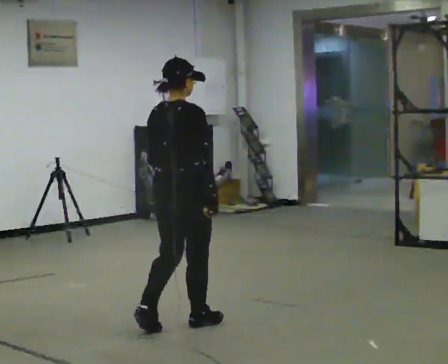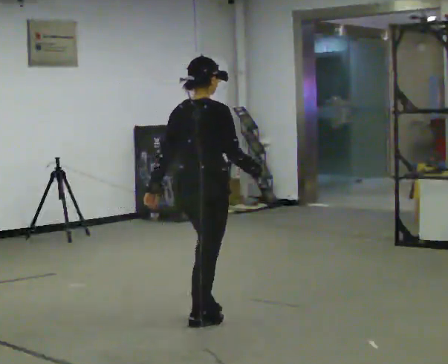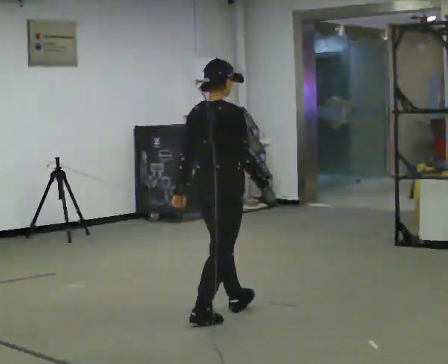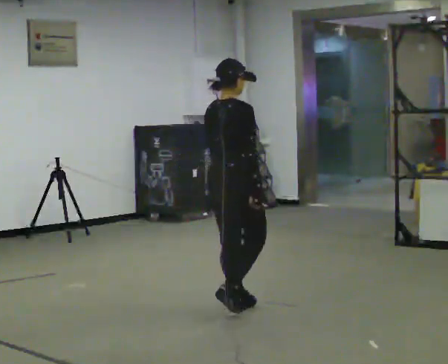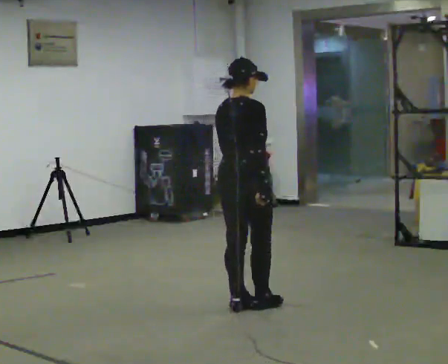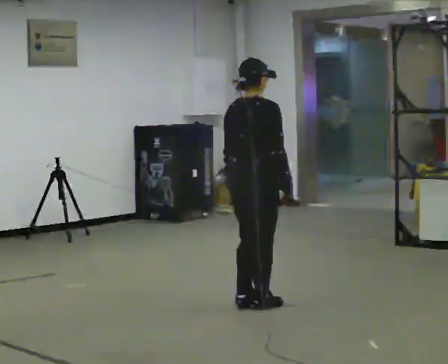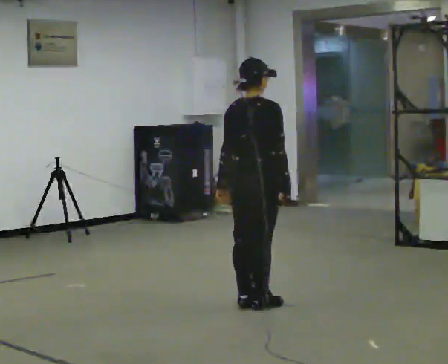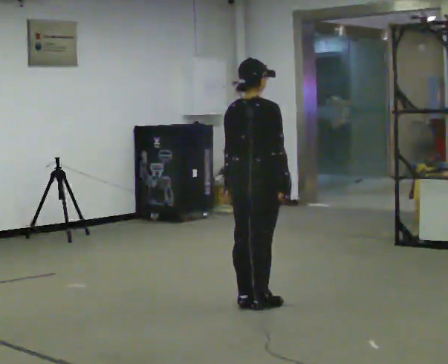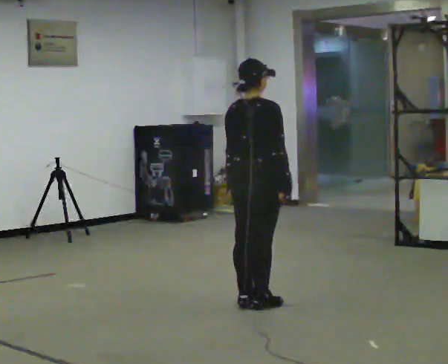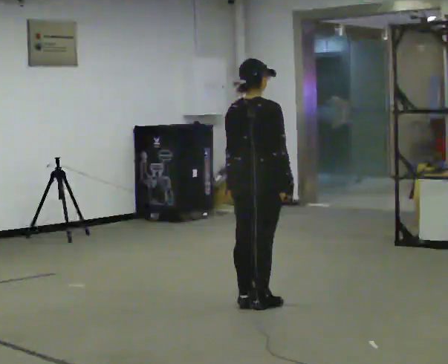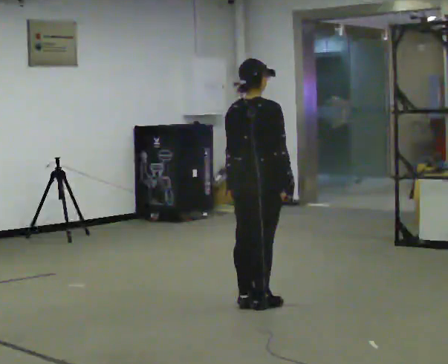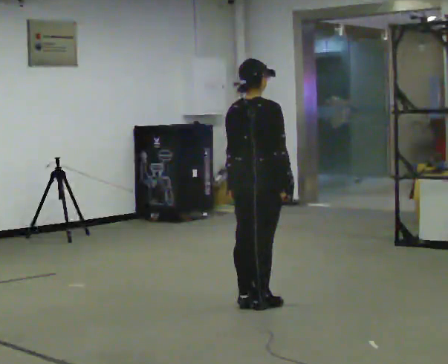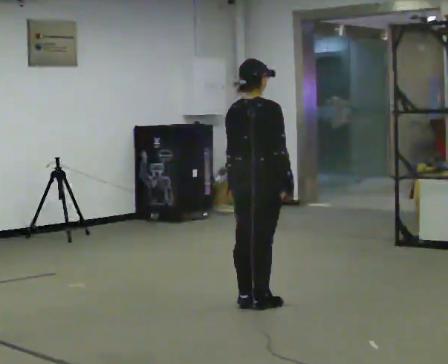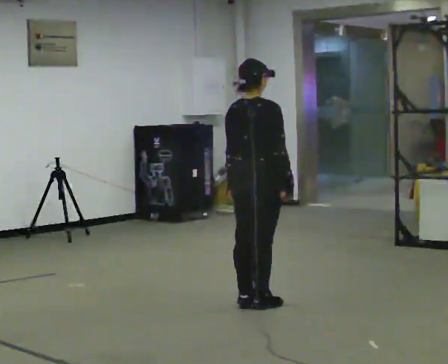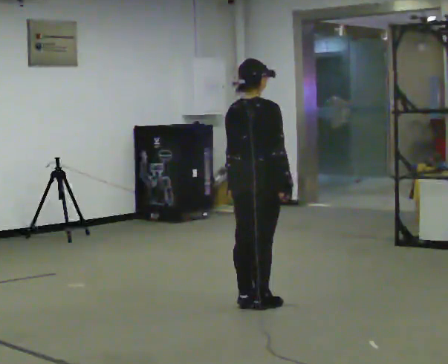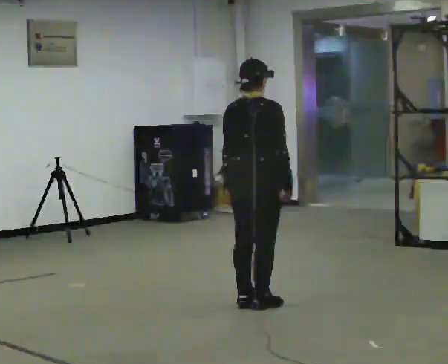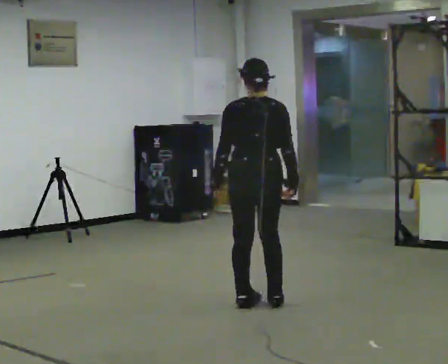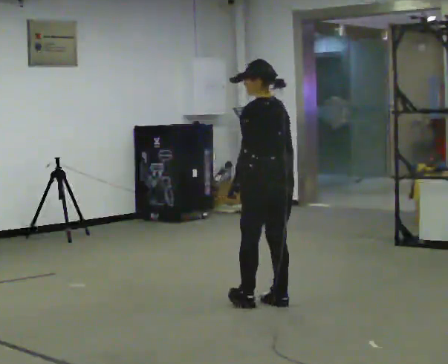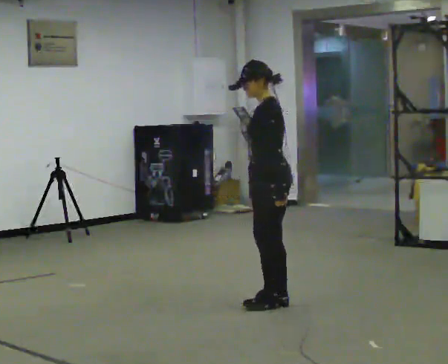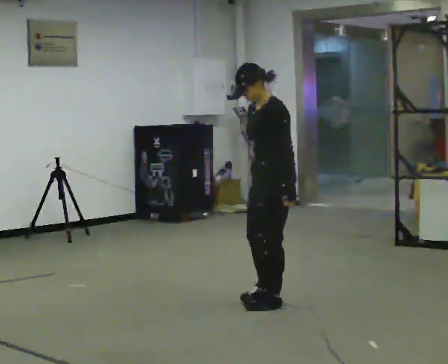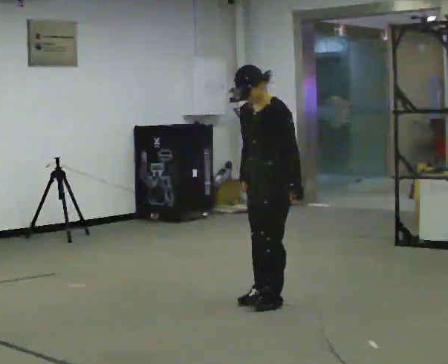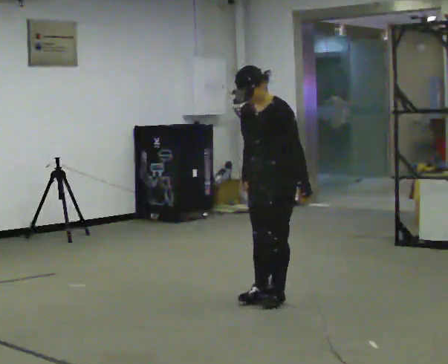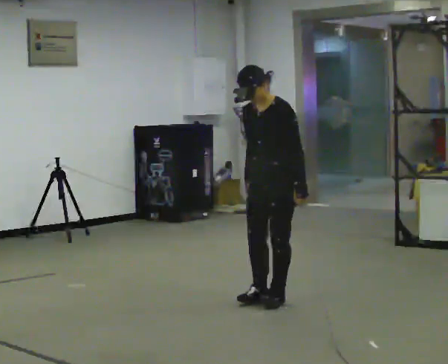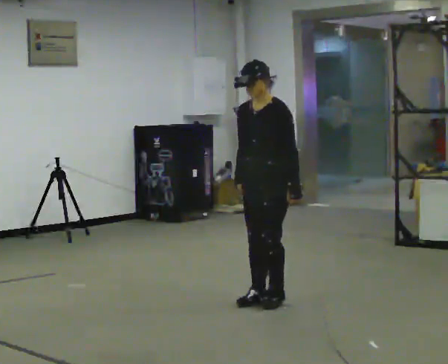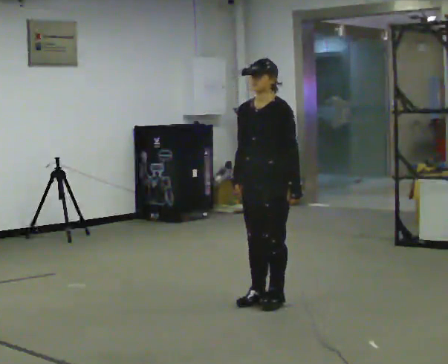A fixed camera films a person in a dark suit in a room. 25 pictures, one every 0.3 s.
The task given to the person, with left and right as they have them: Walk; turn 90° left/right; walk several steps; stop.
0.0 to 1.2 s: In the picture they go away from the camera and to the right, about 0.5 m in 2 steps, which for them is forward.
1.2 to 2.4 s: The person moves a little, or ends about where they began.
2.4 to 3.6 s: The person keeps their place and pose.
3.6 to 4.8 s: The part of the body nearest the lens slides to the right as the person turns to their left by about 45 degrees.
4.8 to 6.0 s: Seen from above the body turns counterclockwise, about 135 degrees: to their left, with its near side sliding to the right. In the picture their left hand goes to the right, the arm swinging counterclockwise.
6.0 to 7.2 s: The person moves a little, or ends about where they began.
The film runs forward here.
